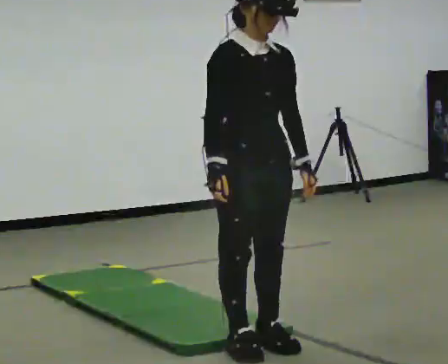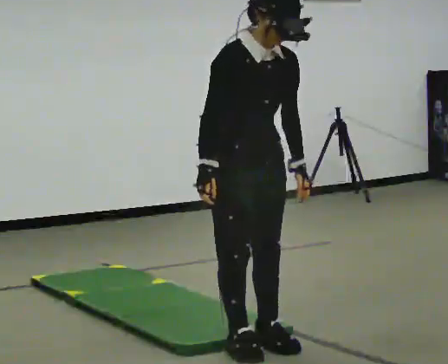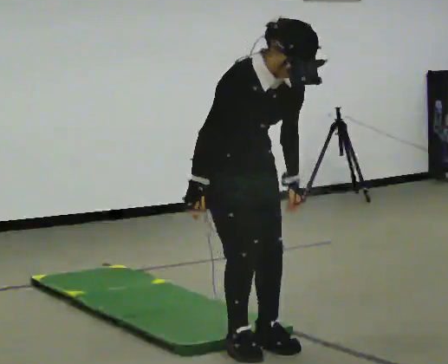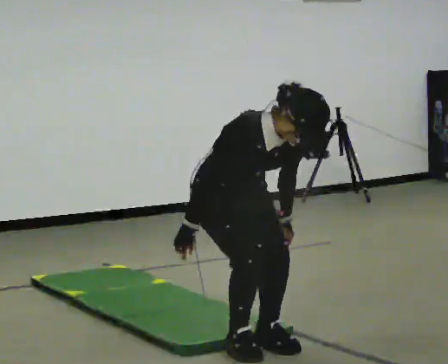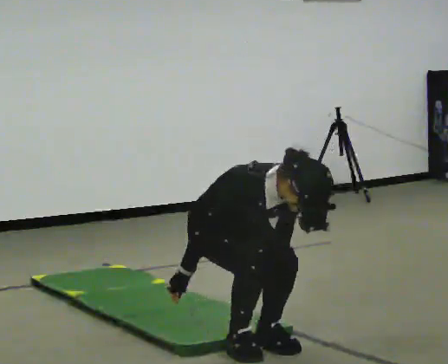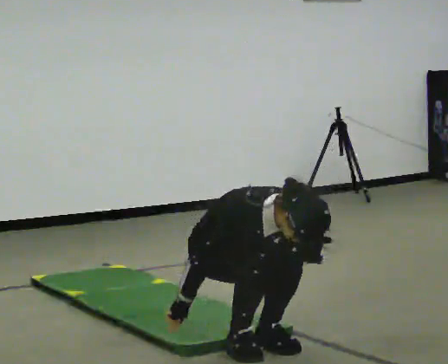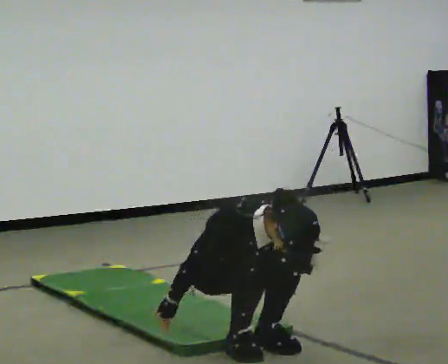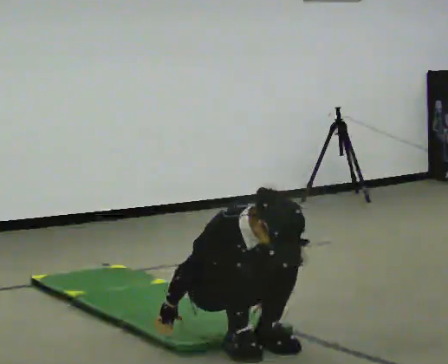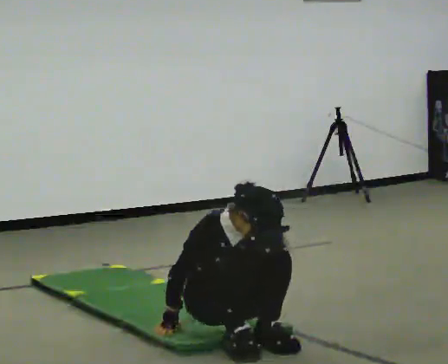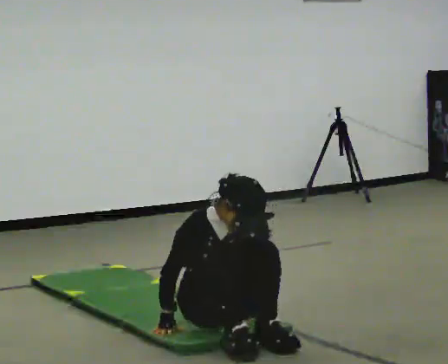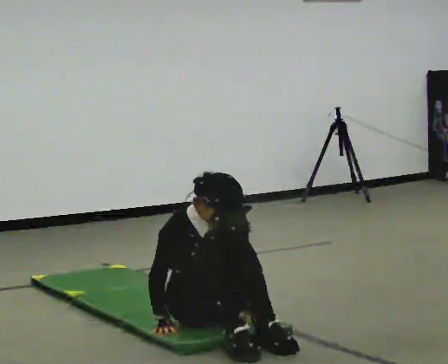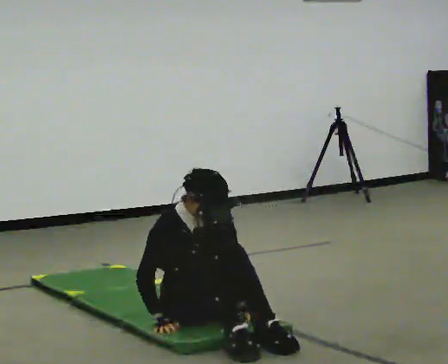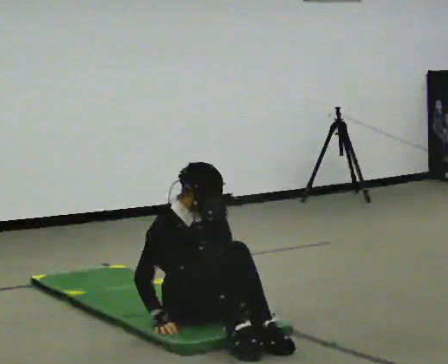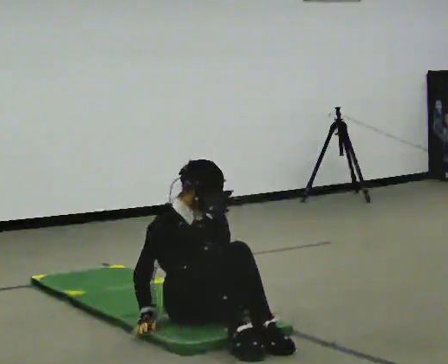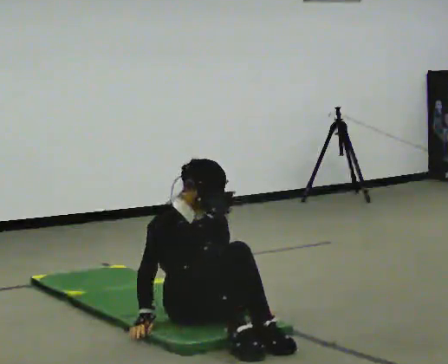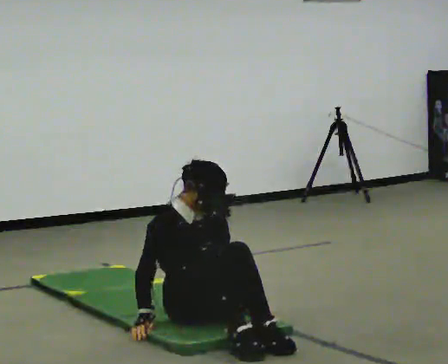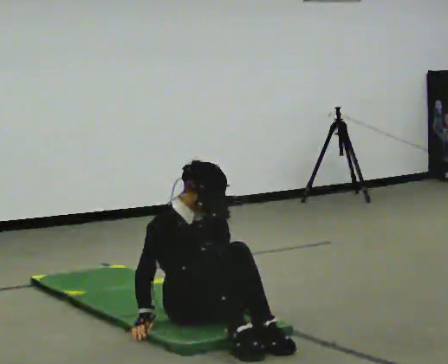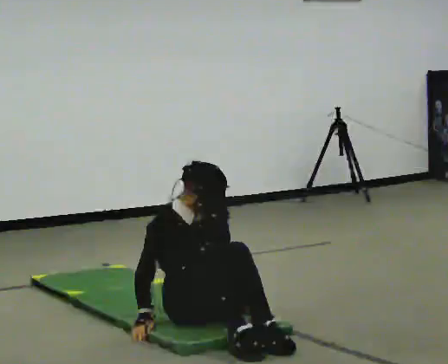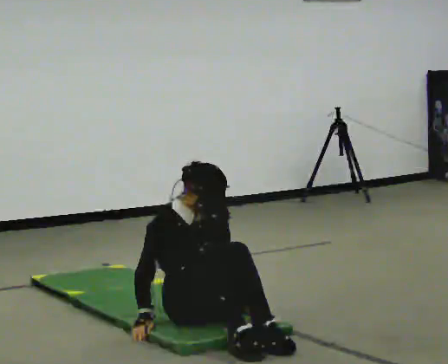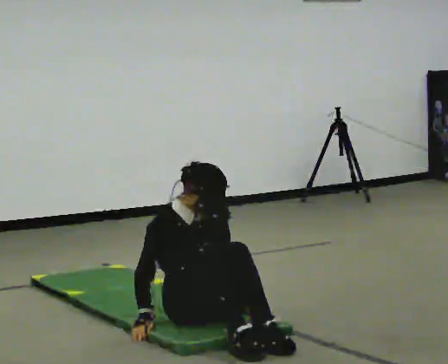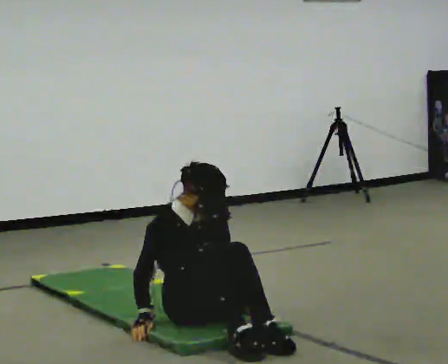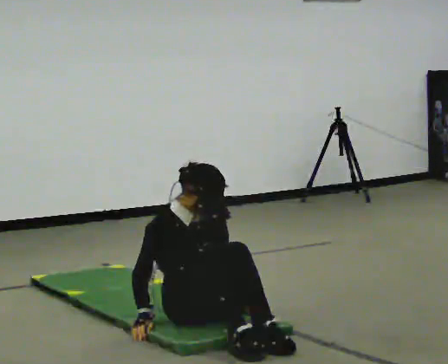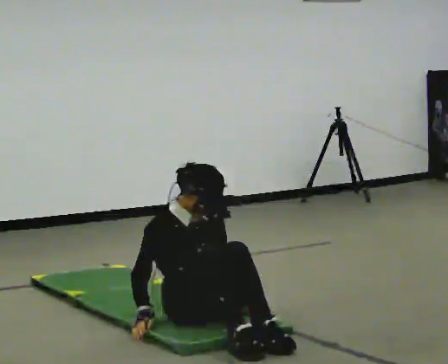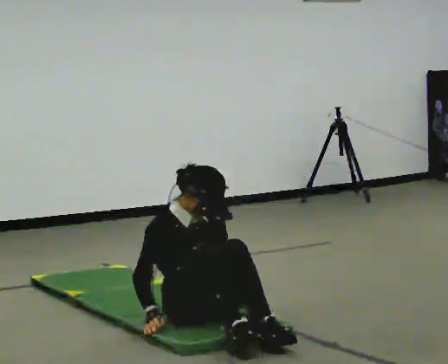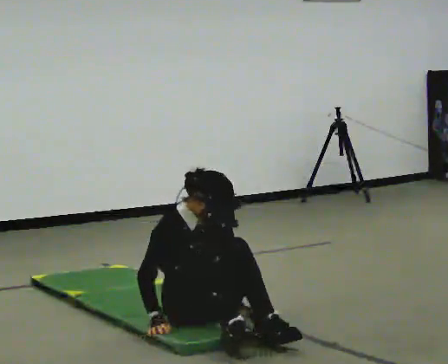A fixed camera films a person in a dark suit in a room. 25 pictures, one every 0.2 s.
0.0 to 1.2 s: In the picture they go away from the camera, about 0.25 m, which for them is backward. The shoulders move downward. The upper body tips toward the camera, its near side rolling downward, as they bend forward. In the picture their right hand goes downward.
1.2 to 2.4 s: In the picture they go away from the camera, about 0.25 m, which for them is backward. The upper body tips away from the camera, its near side rolling upward, as they lean back or straighten.
2.4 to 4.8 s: The person moves a little, or ends about where they began.
The film runs forward here.
